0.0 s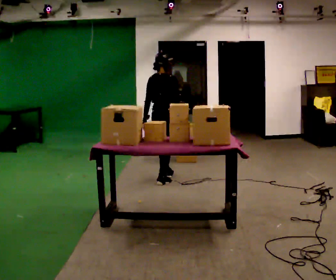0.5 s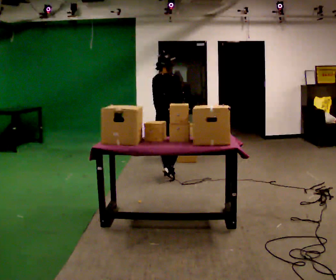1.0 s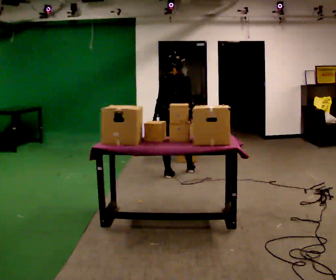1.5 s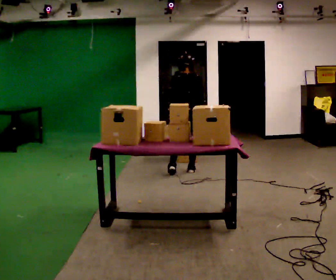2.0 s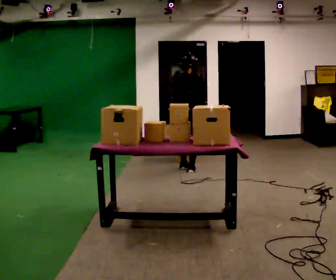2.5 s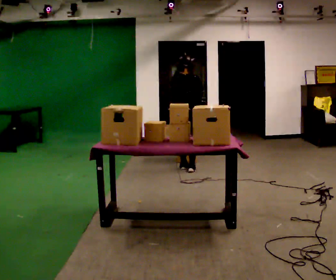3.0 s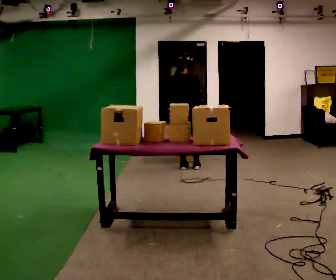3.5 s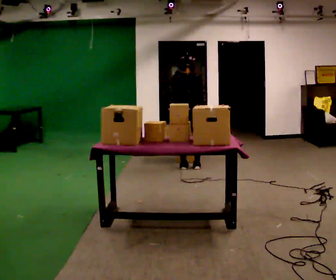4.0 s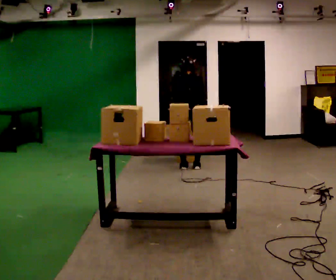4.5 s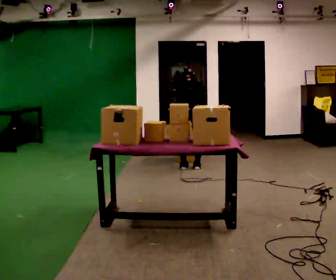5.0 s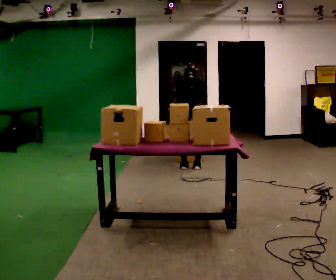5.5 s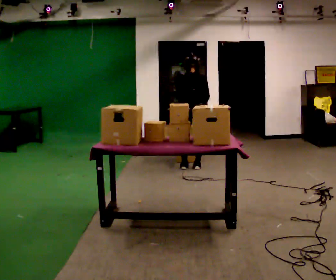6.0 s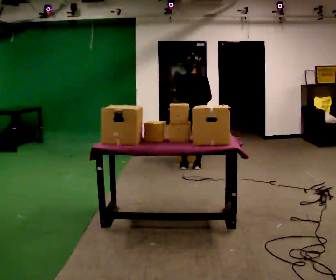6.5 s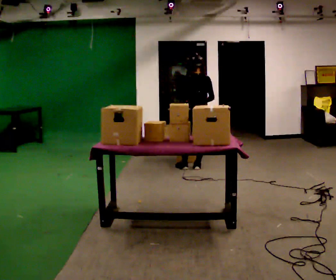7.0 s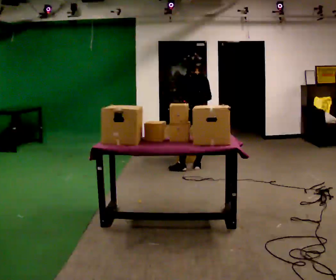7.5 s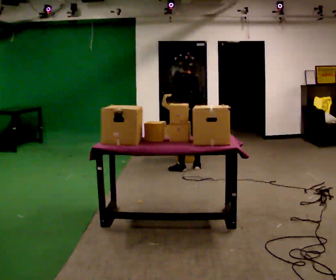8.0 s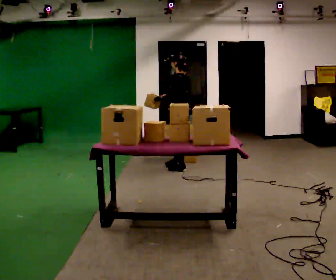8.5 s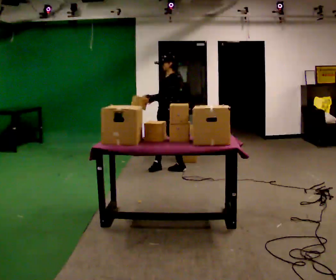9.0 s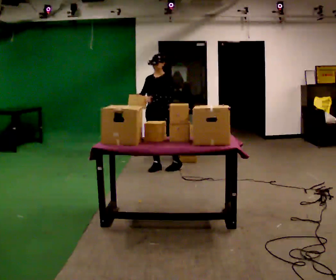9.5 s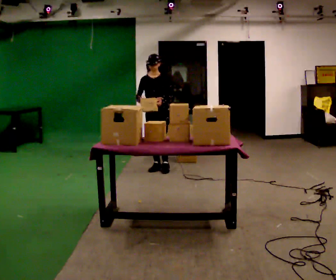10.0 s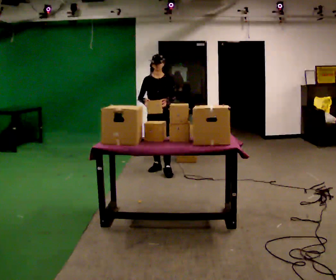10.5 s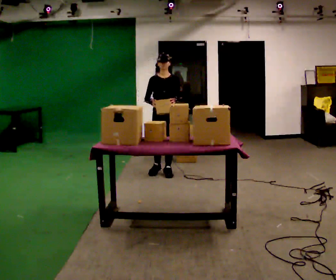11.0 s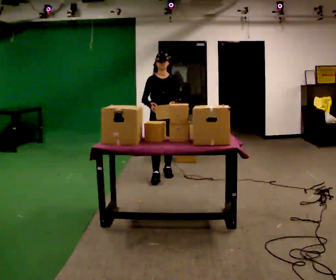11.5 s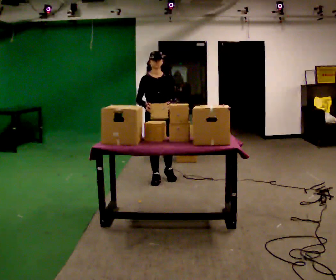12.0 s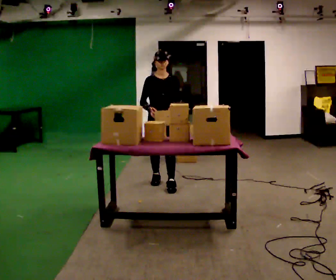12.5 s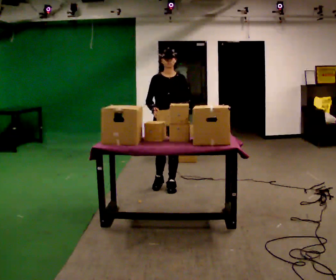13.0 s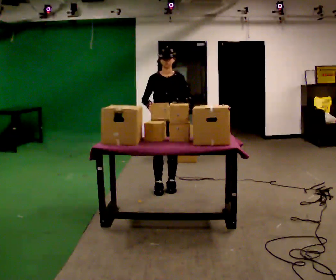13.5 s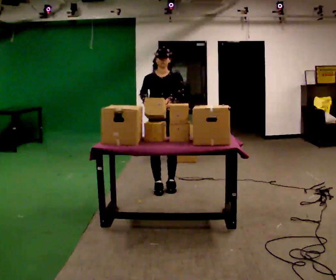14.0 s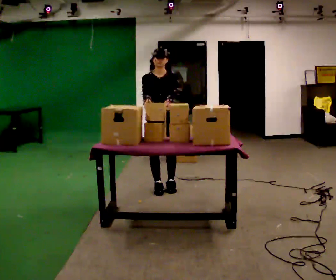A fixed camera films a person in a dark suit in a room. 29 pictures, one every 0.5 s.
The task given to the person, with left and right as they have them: Carry the object over and fit it into the gap between the two boxes already on the shelf, without touching either of them. Keep going until the operator says stop; one object at a time, and do not rush between trips.
0.0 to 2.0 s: In the picture they go away from the camera and to the right, about 0.5 m in 2 steps, which for them is forward.
2.0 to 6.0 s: In the picture they go away from the camera, about 0.25 m in 1 step, which for them is forward.
6.0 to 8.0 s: The part of the body nearest the lens slides to the right as the person turns to their left by about 75 degrees. In the picture they go to the left and toward the camera, about 0.25 m.
8.0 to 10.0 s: The person turns about 105 degrees to their left, counterclockwise seen from above, so the part of the body nearest the lens slides to the right. In the picture they go to the left, about 0.25 m in 2 steps.
10.0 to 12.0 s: In the picture they go toward the camera, about 0.75 m in 2 steps, which for them is forward.
12.0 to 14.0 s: In the picture they go toward the camera, about 0.25 m in 1 step, which for them is forward.
The film runs forward here.
